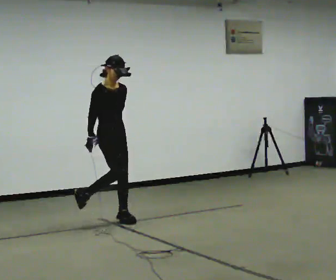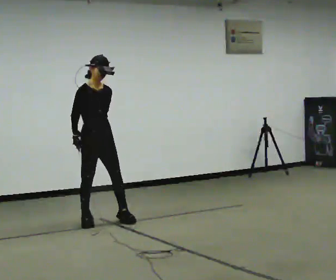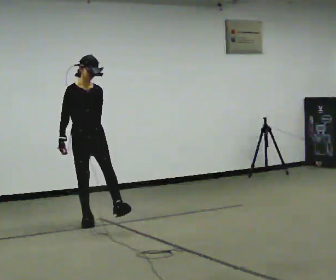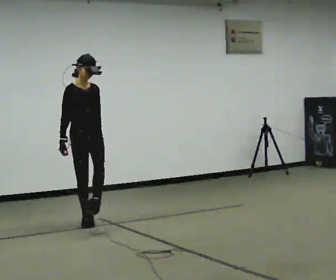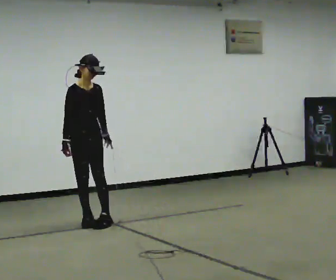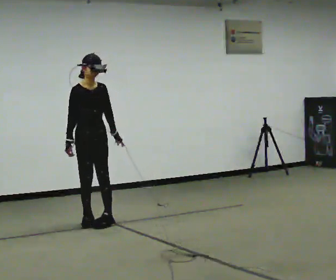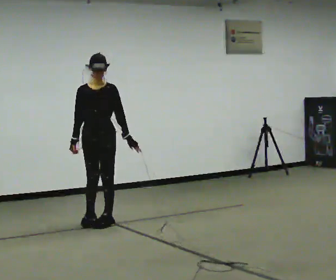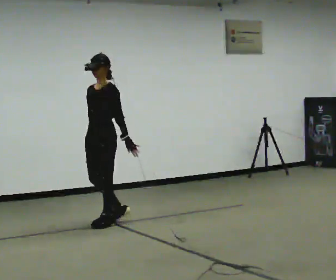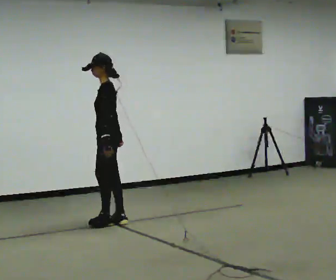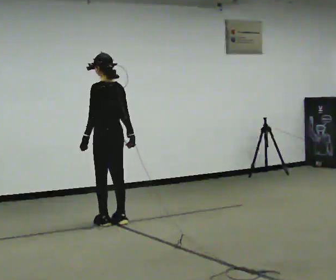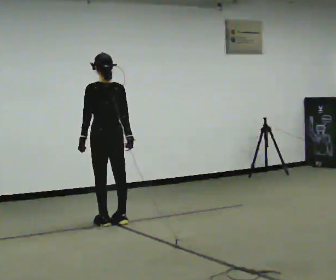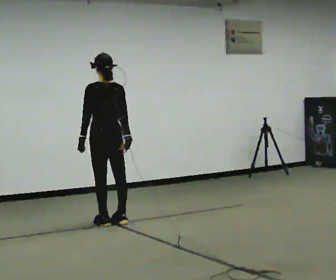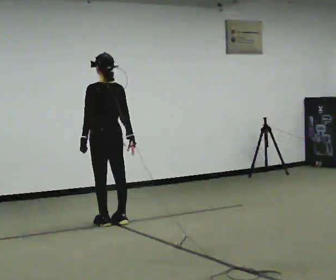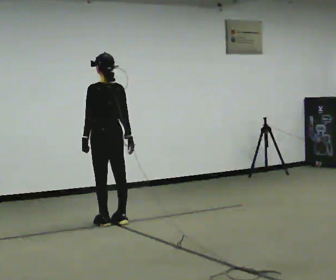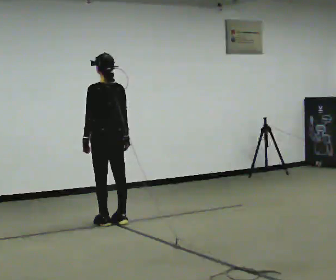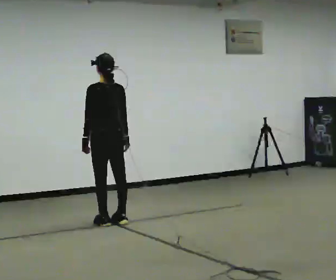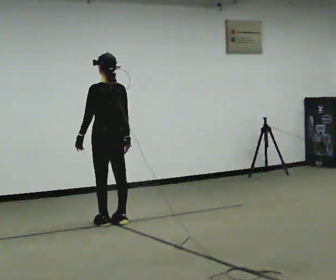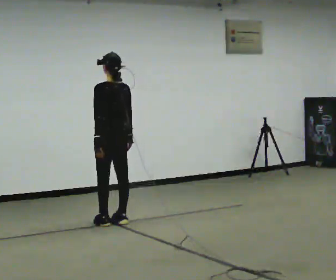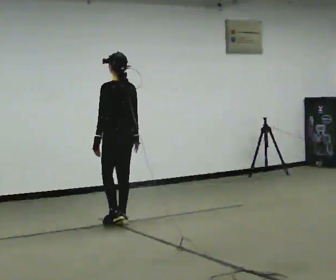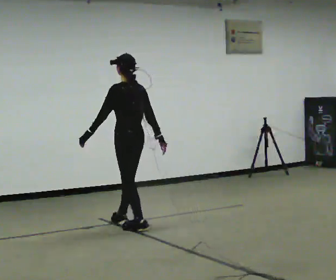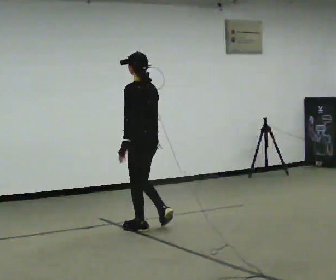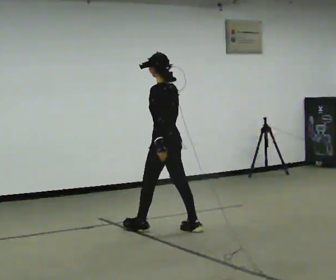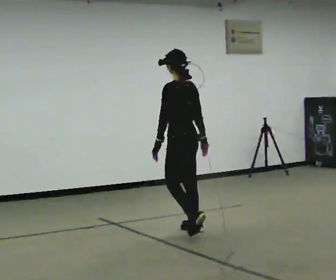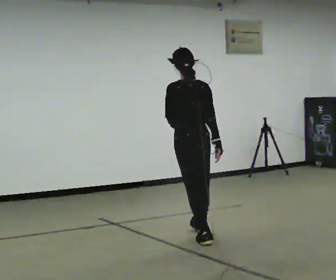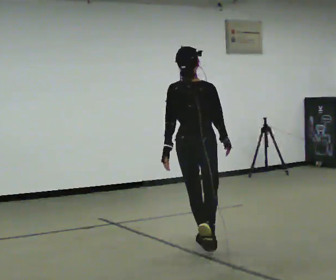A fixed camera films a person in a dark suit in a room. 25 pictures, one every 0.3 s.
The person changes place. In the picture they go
toward the camera.
0.0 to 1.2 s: In the picture they go to the left, about 0.25 m in 1 step, which for them is to their right.
1.2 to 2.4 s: The person turns about 120 degrees to their right, clockwise seen from above, so the part of the body nearest the lens slides to the left. In the picture they go to the right, about 0.25 m in 1 step.
2.4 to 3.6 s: The person turns about 60 degrees to their right, clockwise seen from above, so the part of the body nearest the lens slides to the left.
3.6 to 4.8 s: The person moves a little, or ends about where they began.
4.8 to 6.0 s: In the picture they go toward the camera and to the right, about 0.5 m in 2 steps, which for them is backward.
6.0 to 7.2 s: The person turns about 60 degrees to their right, clockwise seen from above, so the part of the body nearest the lens slides to the left. In the picture they go toward the camera and to the right, about 1 m in 2 steps.
The film runs backward here.
